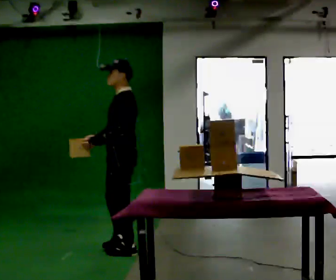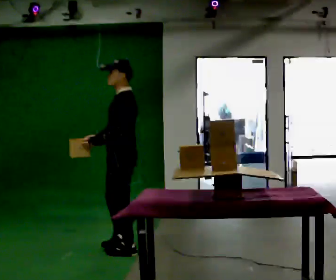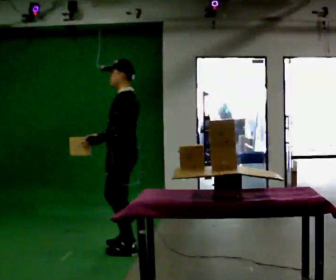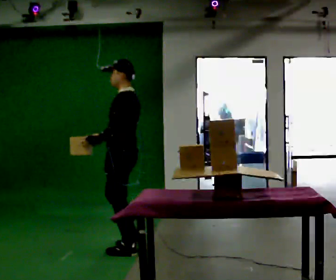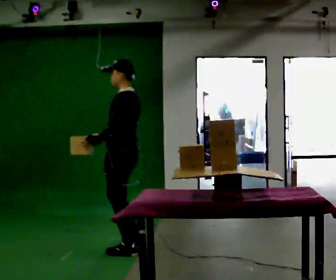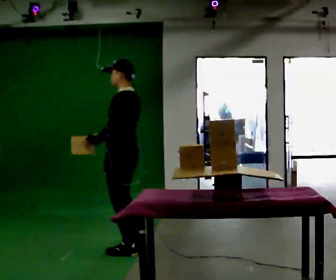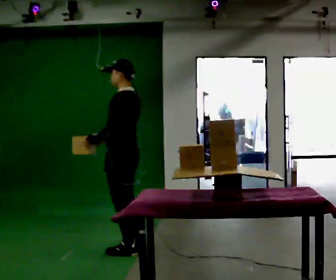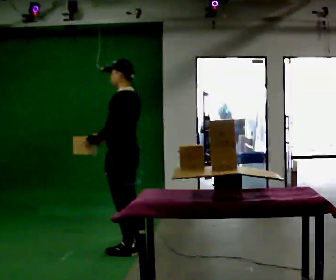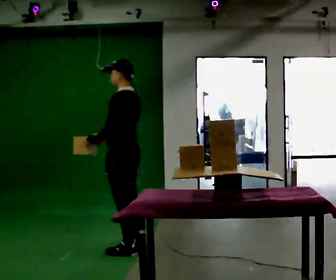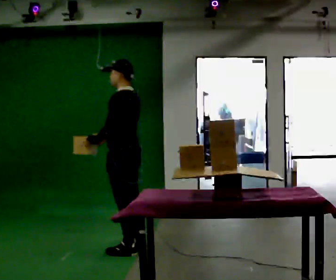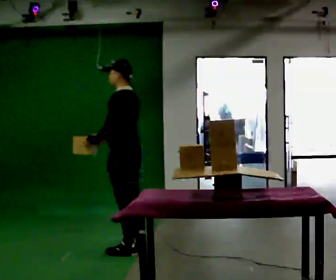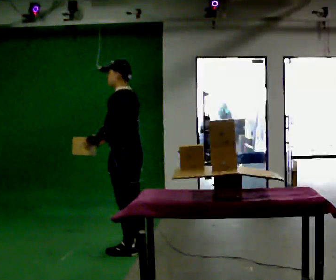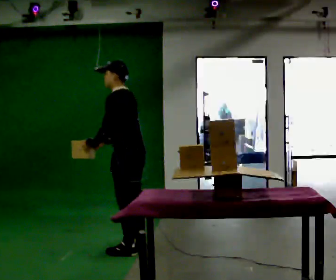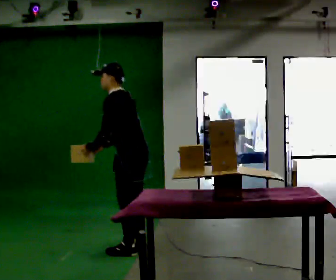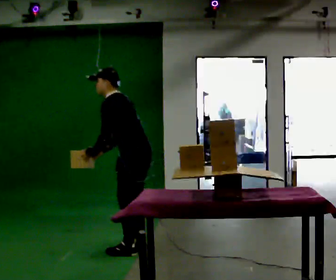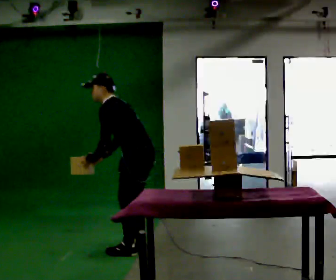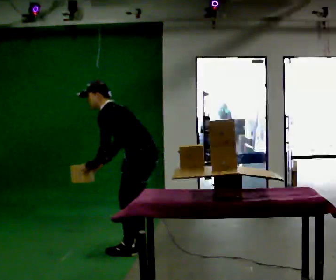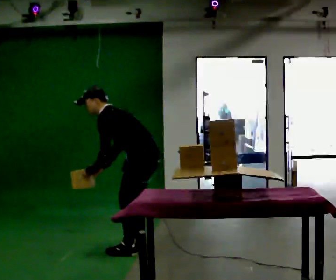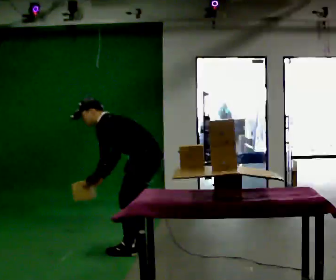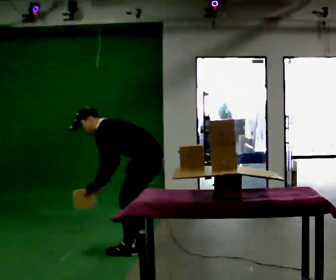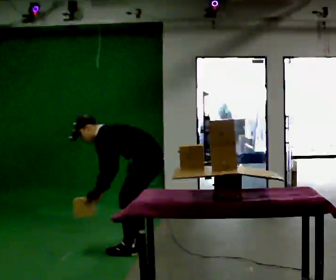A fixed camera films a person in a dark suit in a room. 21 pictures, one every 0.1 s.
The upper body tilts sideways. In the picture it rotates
counterclockwise.
Their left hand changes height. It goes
downward.
0.0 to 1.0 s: The person turns about 30 degrees to their right, clockwise seen from above, so the part of the body nearest the lens slides to the left.
1.0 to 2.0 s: In the picture they go to the right, about 0.25 m, which for them is backward. The shoulders move downward. In the picture the upper body tilts counterclockwise, shoulders to the left, as they bend forward. In the picture their left hand goes downward.
The film runs backward here.
